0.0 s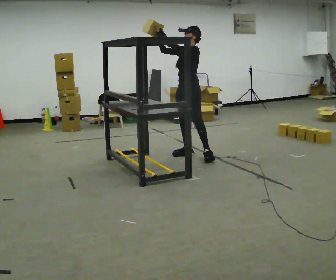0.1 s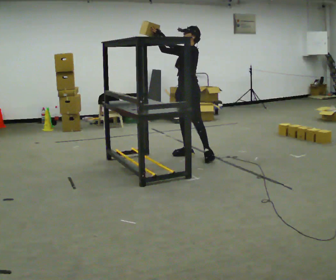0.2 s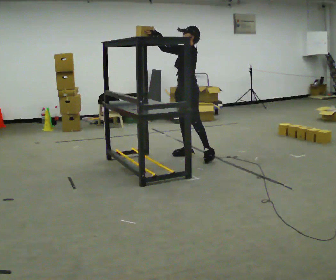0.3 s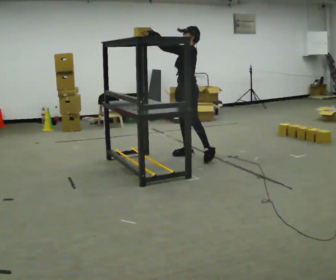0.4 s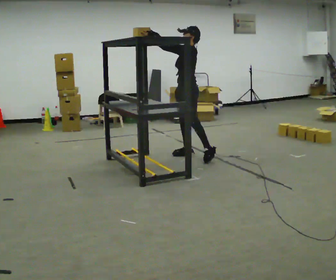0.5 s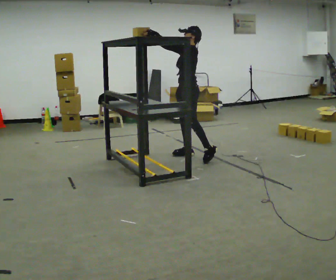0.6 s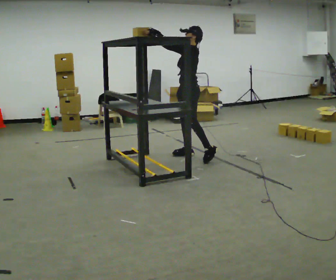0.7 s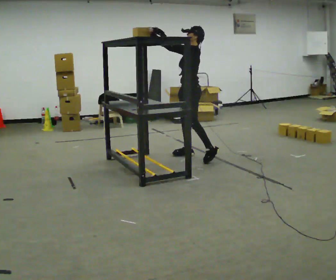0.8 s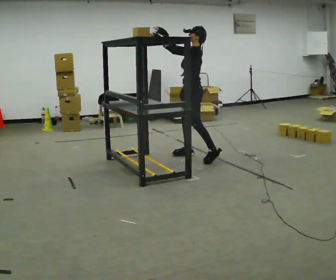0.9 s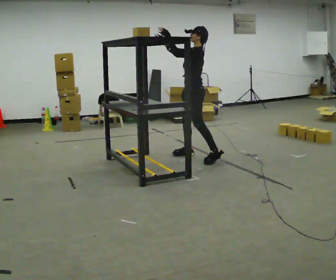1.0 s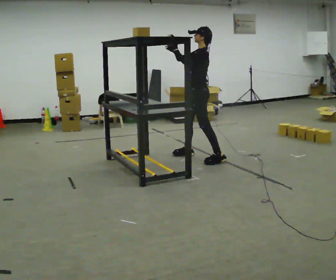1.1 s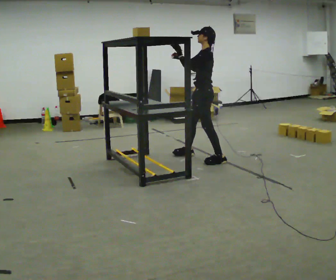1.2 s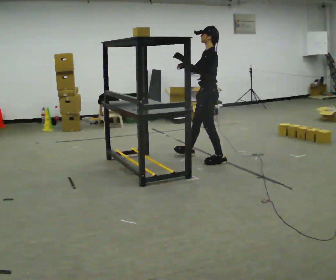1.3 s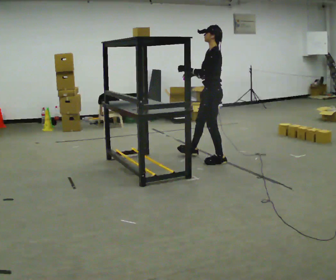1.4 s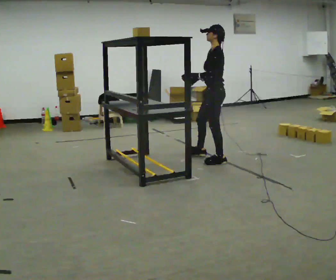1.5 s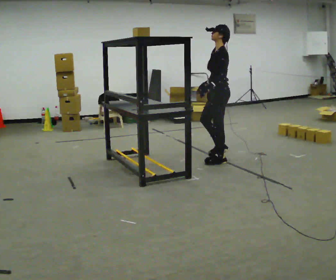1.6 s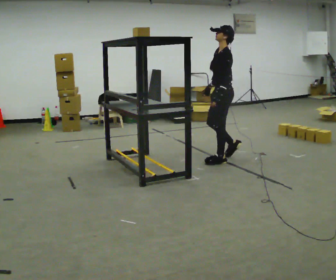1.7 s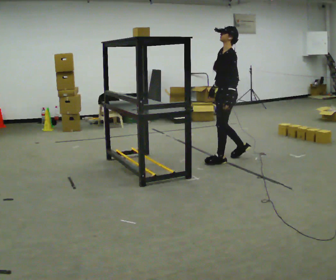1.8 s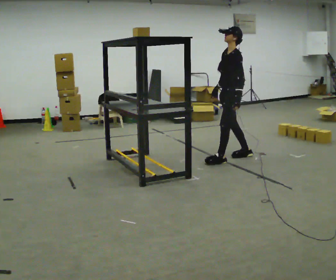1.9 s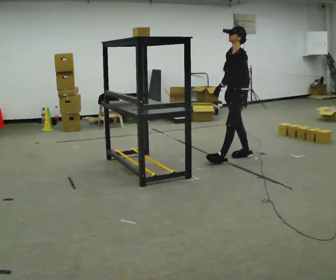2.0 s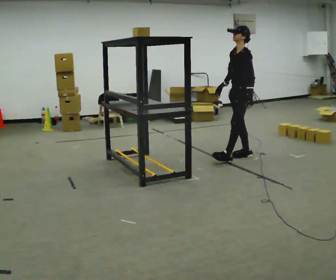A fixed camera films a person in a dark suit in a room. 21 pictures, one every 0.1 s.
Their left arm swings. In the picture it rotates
counterclockwise.
Their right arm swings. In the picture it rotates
counterclockwise.
0.0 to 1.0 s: The person turns about 30 degrees to their right, clockwise seen from above, so the part of the body nearest the lens slides to the left.
1.0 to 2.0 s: In the picture they go to the right, about 0.5 m in 2 steps, which for them is backward. In the picture their left hand goes downward, the arm swinging counterclockwise.
The film runs backward here.
